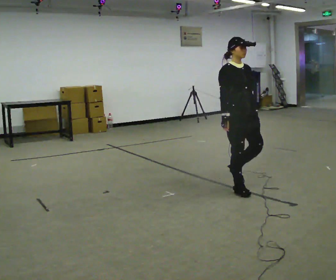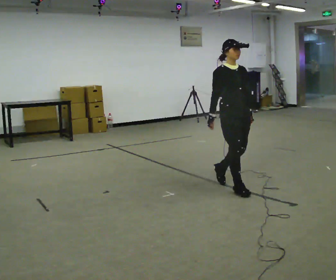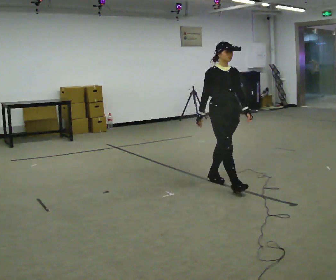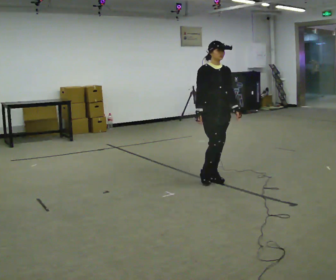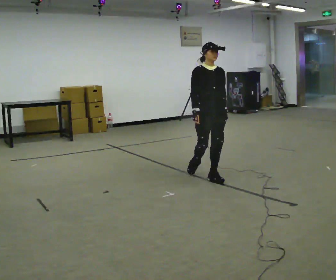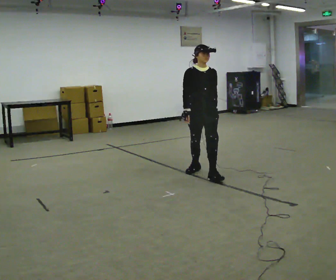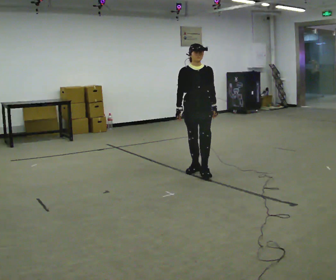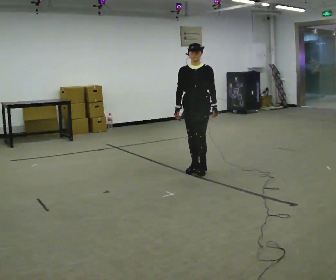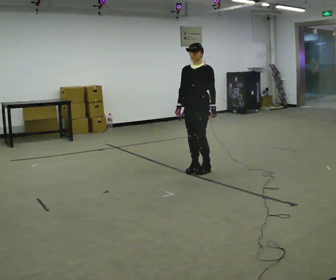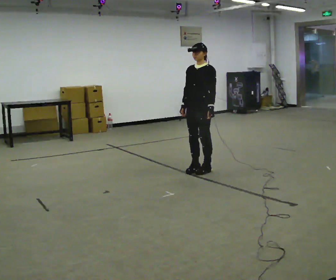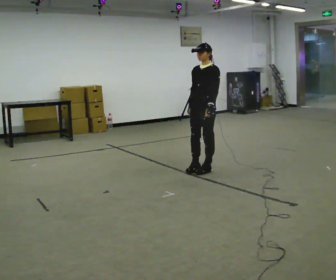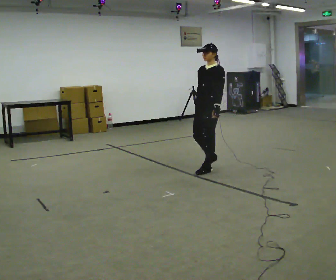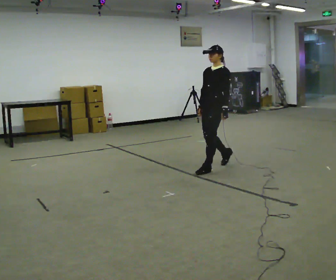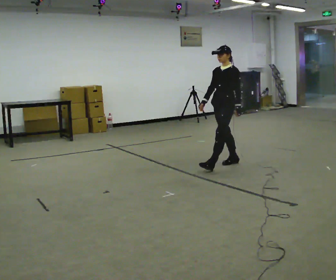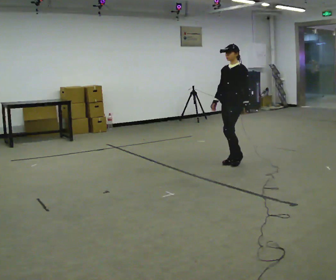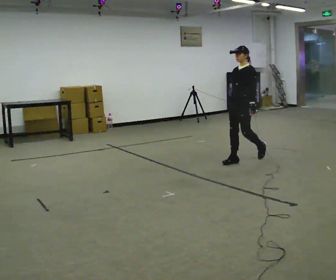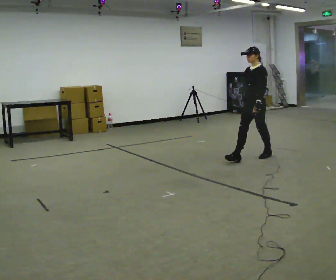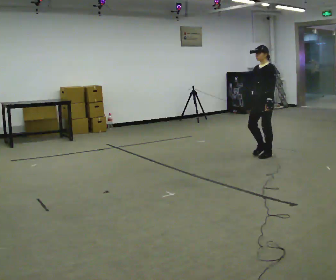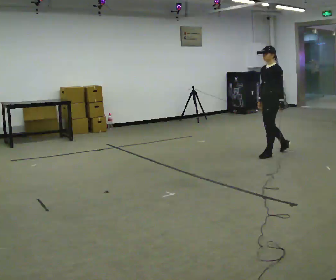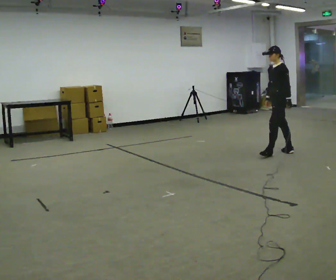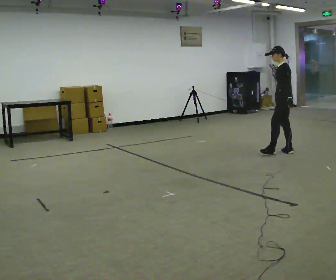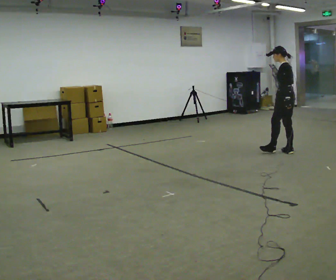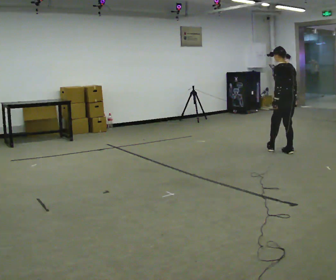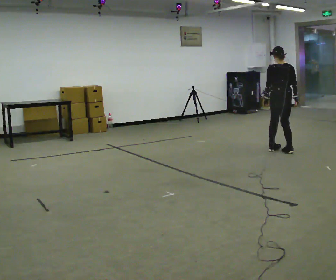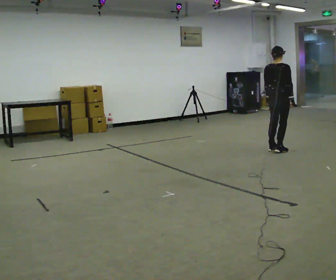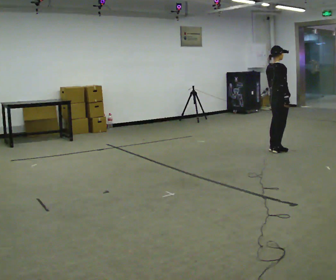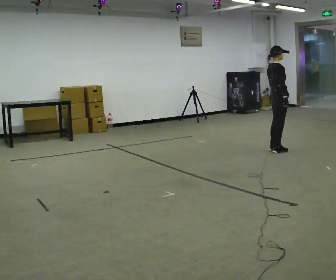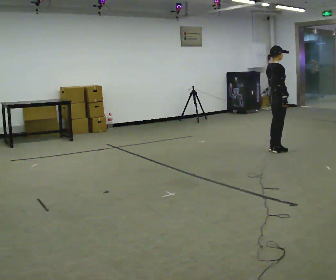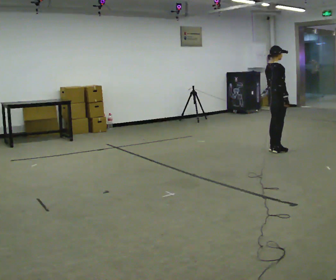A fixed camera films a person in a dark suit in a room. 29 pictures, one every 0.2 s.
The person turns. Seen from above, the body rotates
clockwise.
The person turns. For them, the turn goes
to their right.
0.0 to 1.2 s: The person turns about 30 degrees to their right, clockwise seen from above, so the part of the body nearest the lens slides to the left. In the picture they go away from the camera and to the left, about 1 m in 2 steps, which for them is backward.
1.2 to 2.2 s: Seen from above the body turns clockwise, about 60 degrees: to their right, with its near side sliding to the left. In the picture they go away from the camera, about 0.25 m in 1 step.
2.2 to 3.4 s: In the picture they go to the right and away from the camera, about 1 m in 2 steps, which for them is backward.
3.4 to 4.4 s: The person turns about 90 degrees to their right, clockwise seen from above, so the part of the body nearest the lens slides to the left. In the picture they go to the right and away from the camera, about 0.5 m in 1 step.
4.4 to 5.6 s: Seen from above the body turns clockwise, about 105 degrees: to their right, with its near side sliding to the left. In the picture they go to the left, about 0.25 m in 1 step.
The film runs backward here.
